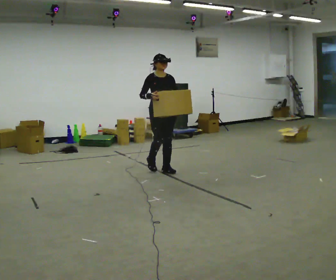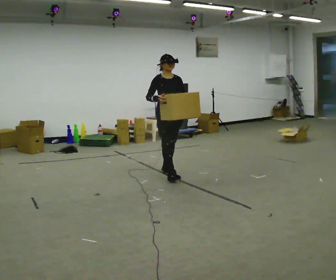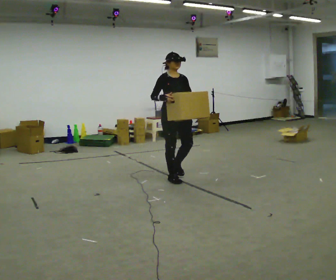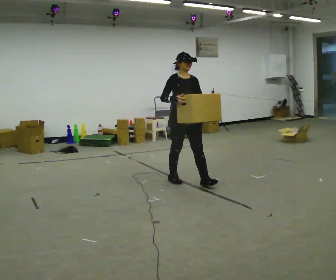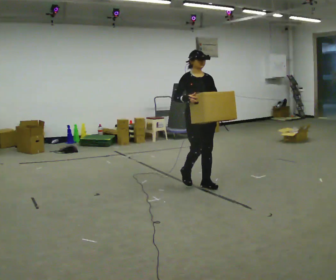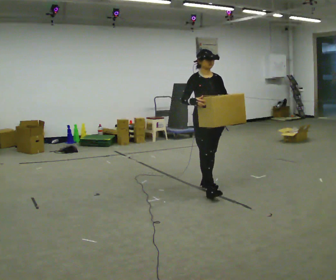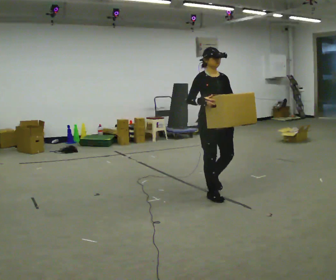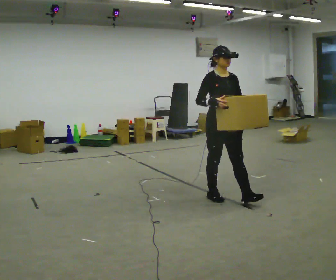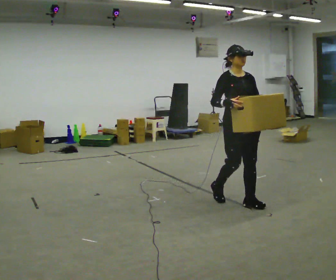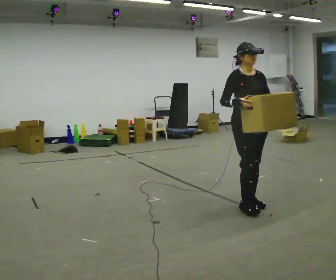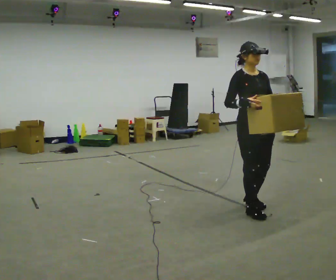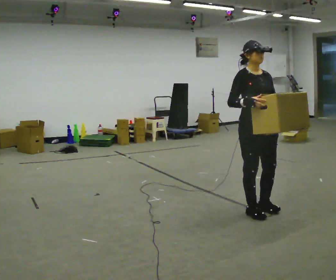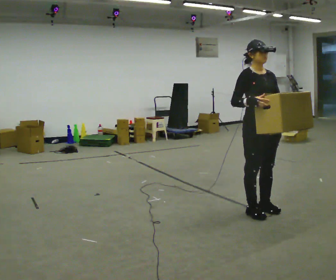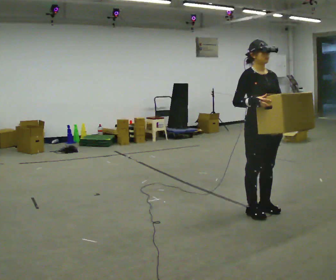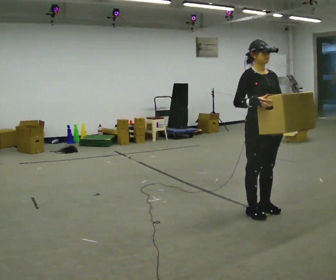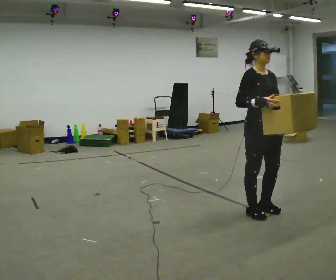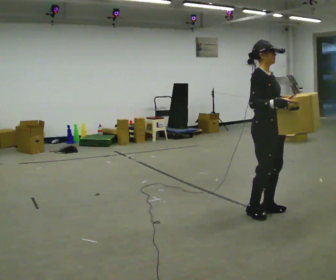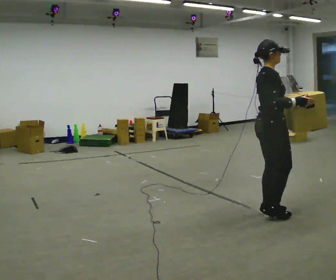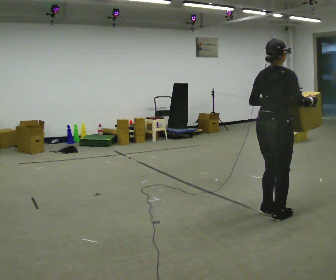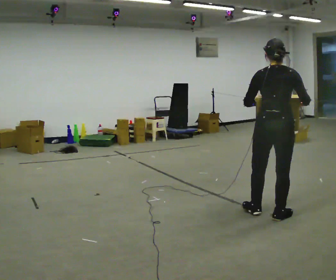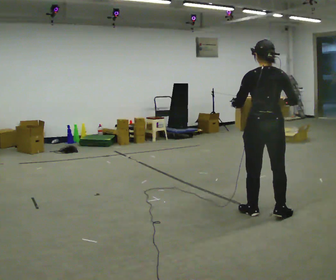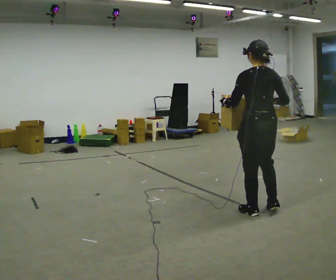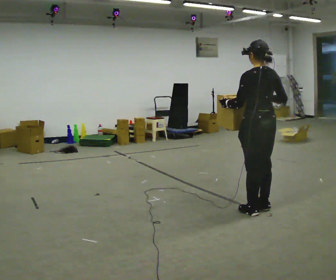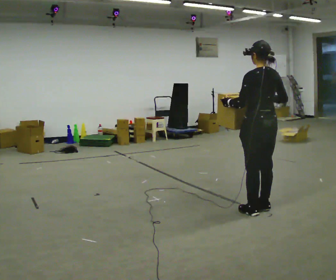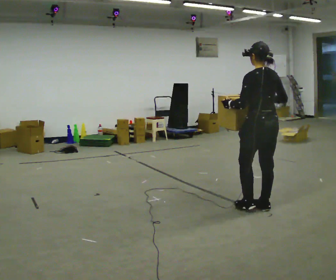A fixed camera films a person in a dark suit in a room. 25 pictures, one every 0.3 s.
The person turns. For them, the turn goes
to their left.
The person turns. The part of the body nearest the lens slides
to the right.
0.0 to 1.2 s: In the picture they go toward the camera and to the right, about 1 m in 2 steps, which for them is forward.
1.2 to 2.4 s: In the picture they go toward the camera and to the right, about 1 m in 2 steps, which for them is forward.
2.4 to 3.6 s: In the picture they go toward the camera and to the right, about 0.25 m in 2 steps, which for them is forward.
3.6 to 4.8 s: The person turns about 30 degrees to their left, counterclockwise seen from above, so the part of the body nearest the lens slides to the right.
4.8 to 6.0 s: The person turns about 120 degrees to their left, counterclockwise seen from above, so the part of the body nearest the lens slides to the right. In the picture their left hand goes to the left.
6.0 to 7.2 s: The person turns about 30 degrees to their left, counterclockwise seen from above, so the part of the body nearest the lens slides to the right. In the picture they go away from the camera, about 0.25 m in 1 step, which for them is forward.
The film runs forward here.
